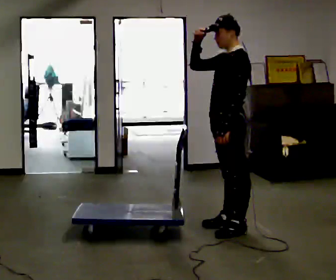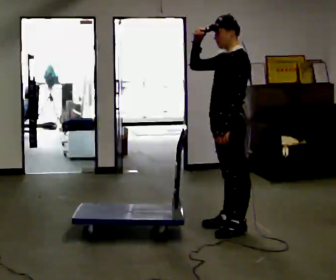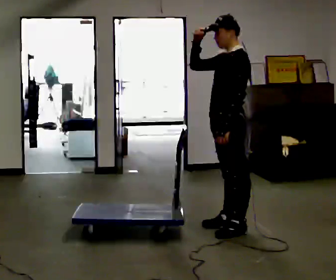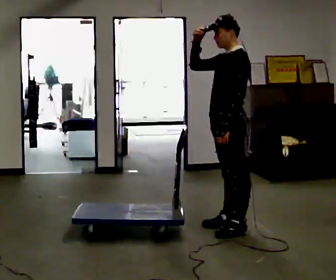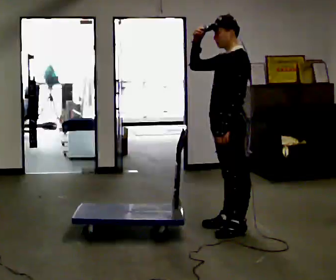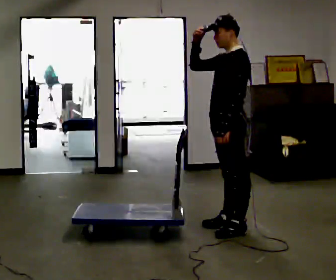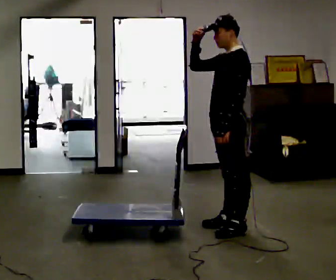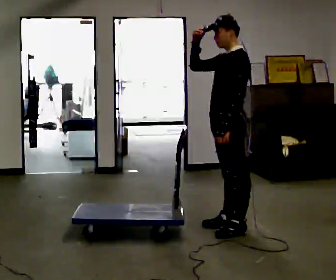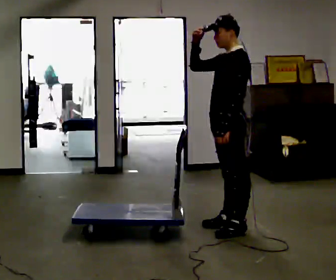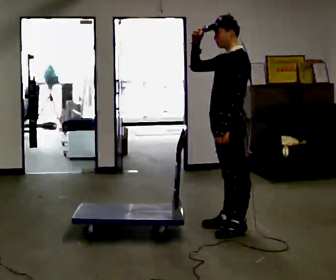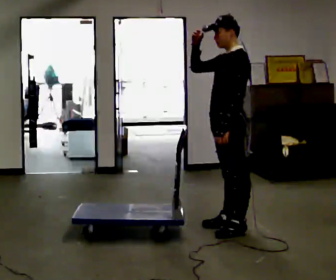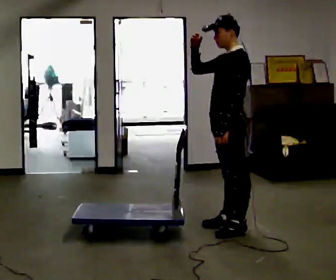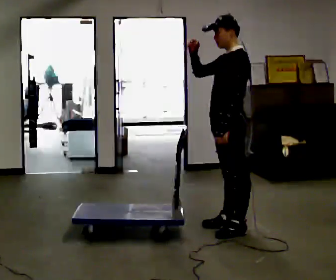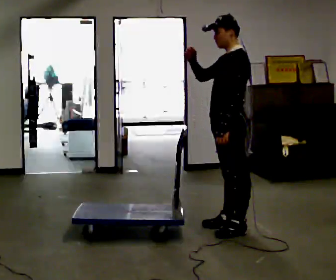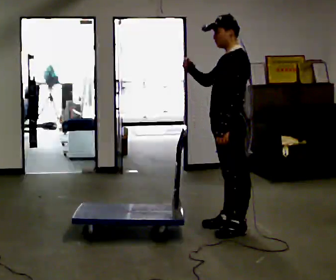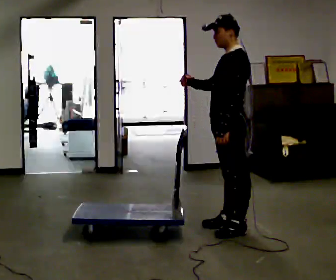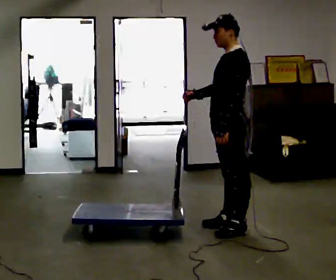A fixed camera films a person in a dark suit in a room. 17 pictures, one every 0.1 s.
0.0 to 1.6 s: In the picture their right hand goes downward, the arm swinging counterclockwise.
The film runs backward here.
